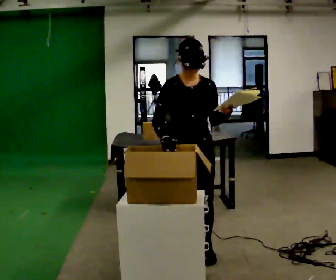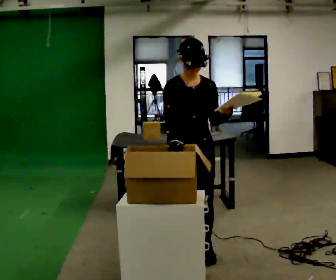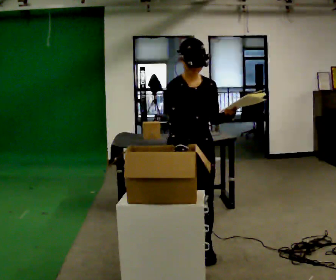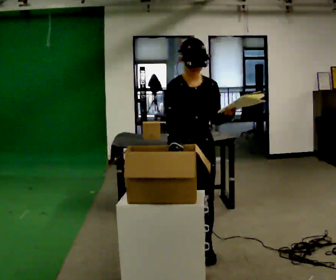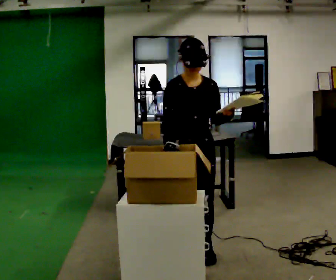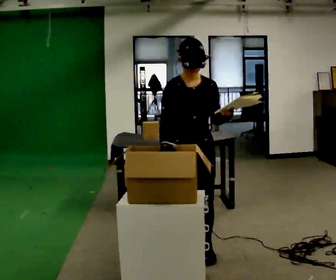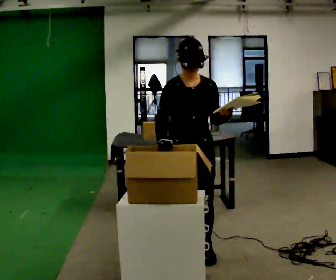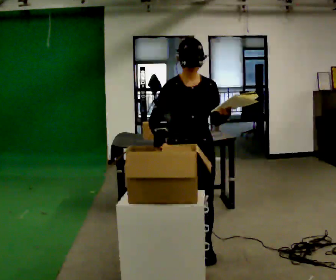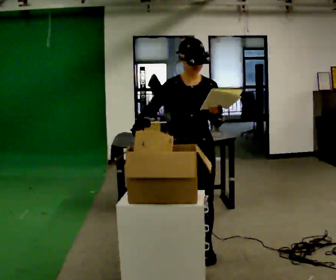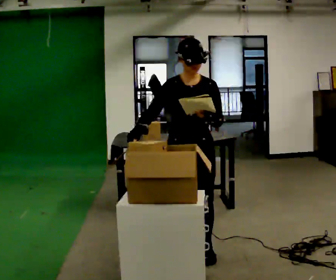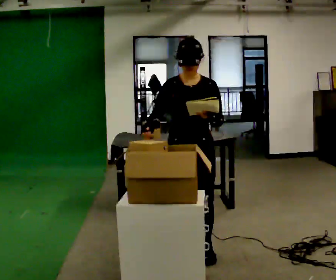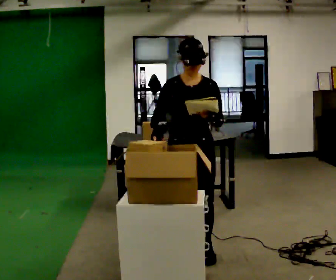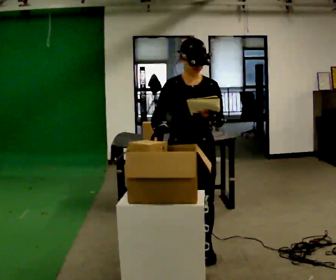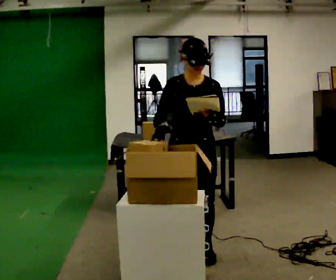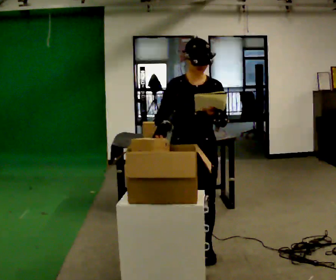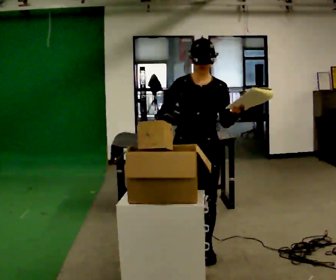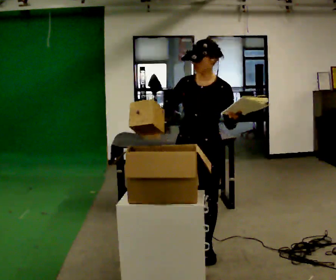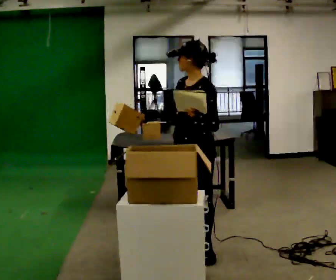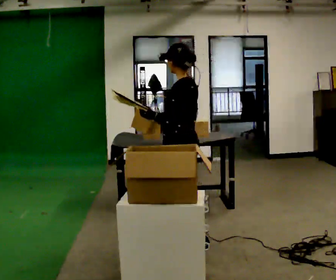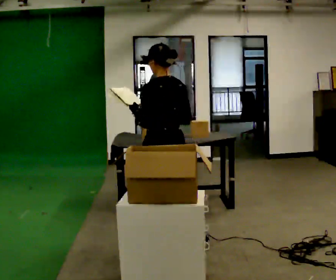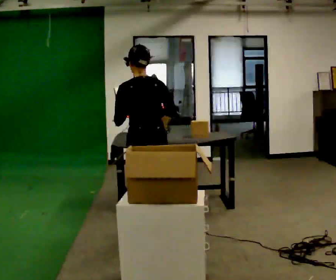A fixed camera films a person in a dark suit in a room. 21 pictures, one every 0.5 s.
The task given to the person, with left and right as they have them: 1. Read the list the operator gives you. 2. Collect the six items on the list from the shelves. 3. Put them all in the bin on the table. 4. Tell the operator when you are finished.
0.0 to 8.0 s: The part of the body nearest the lens slides to the left as the person turns to their right by about 30 degrees.
8.0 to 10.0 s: Seen from above the body turns clockwise, about 135 degrees: to their right, with its near side sliding to the left. In the picture they go to the left and away from the camera, about 0.5 m in 2 steps.
The film runs forward here.
